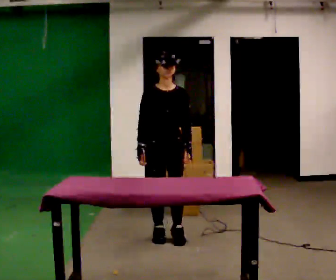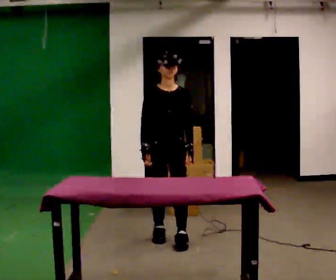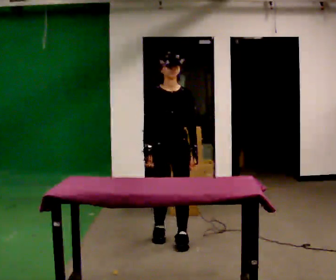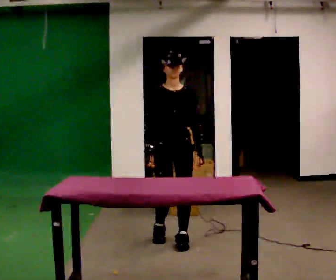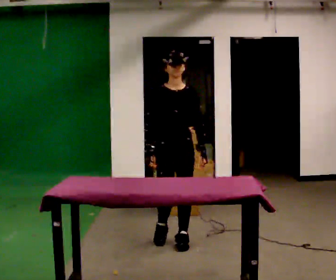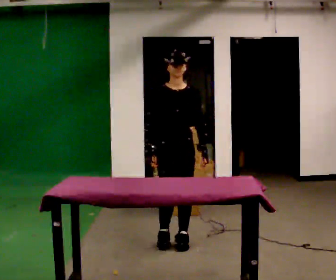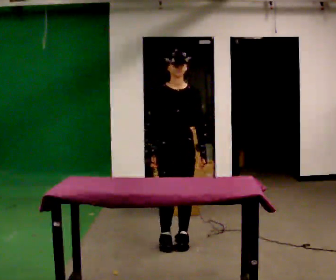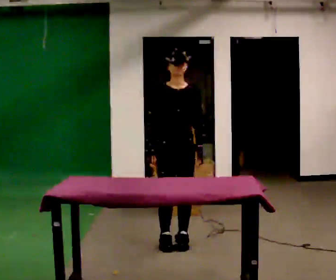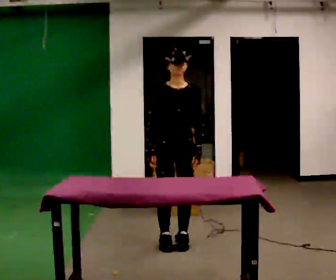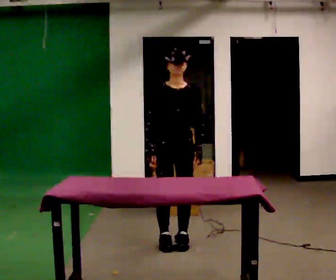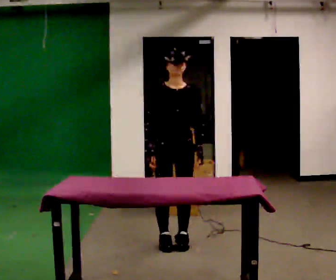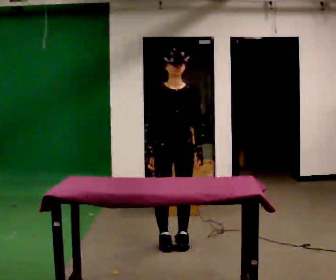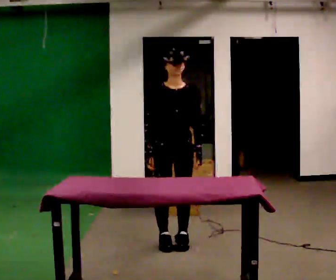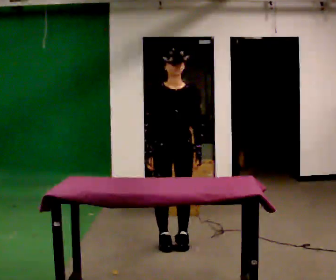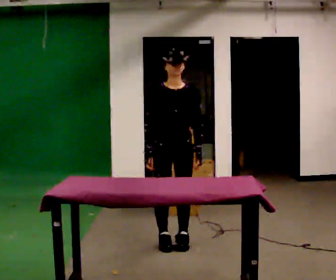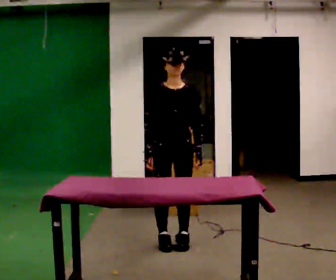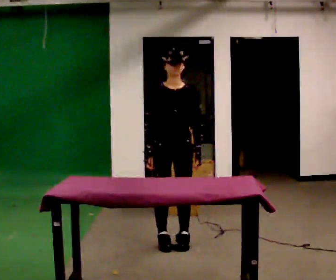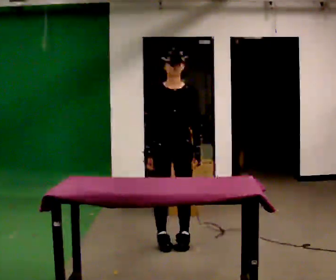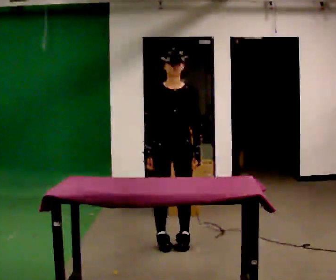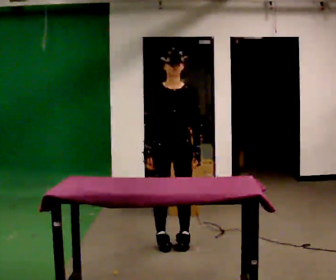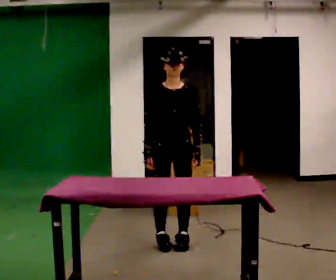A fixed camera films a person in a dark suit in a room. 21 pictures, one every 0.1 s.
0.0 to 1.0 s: In the picture they go toward the camera, about 0.25 m in 2 steps, which for them is forward.
1.0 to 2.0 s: The person moves a little, or ends about where they began.
The film runs forward here.
